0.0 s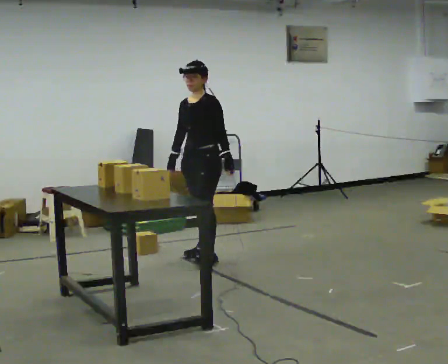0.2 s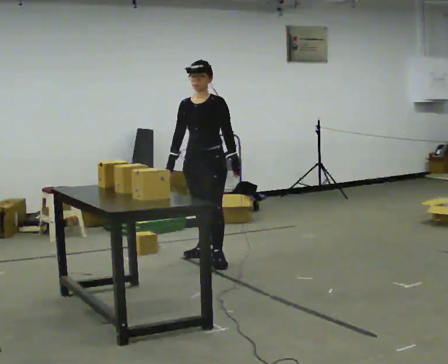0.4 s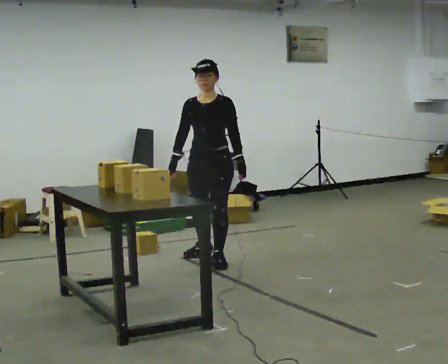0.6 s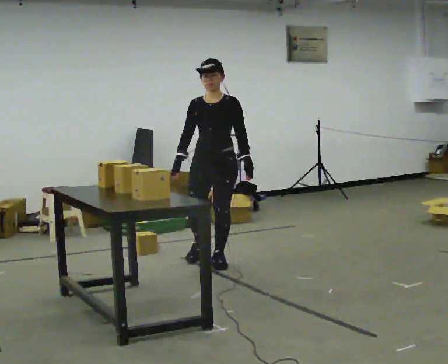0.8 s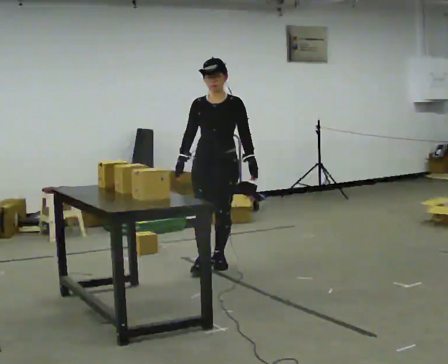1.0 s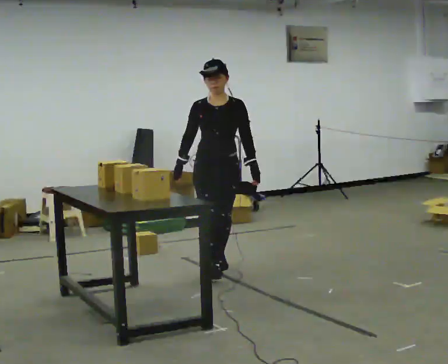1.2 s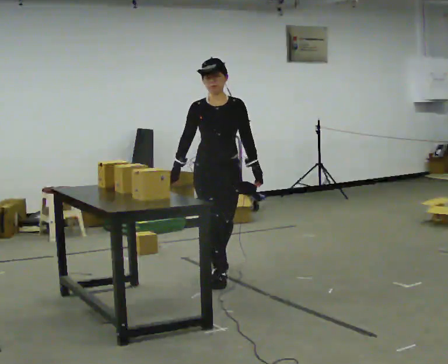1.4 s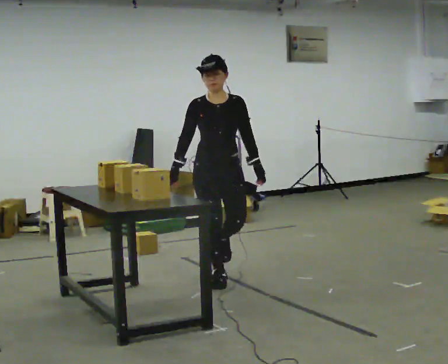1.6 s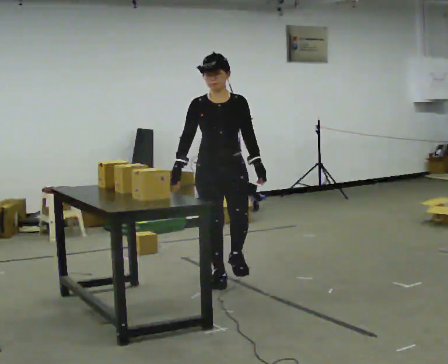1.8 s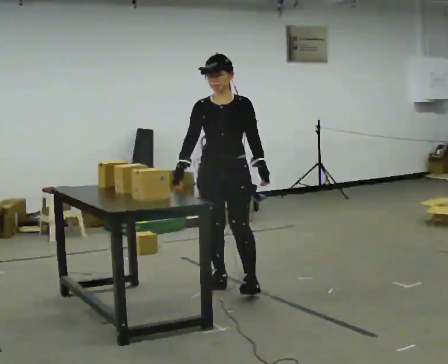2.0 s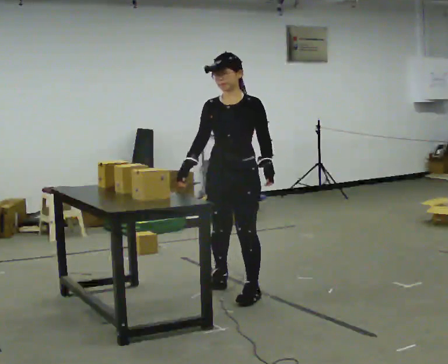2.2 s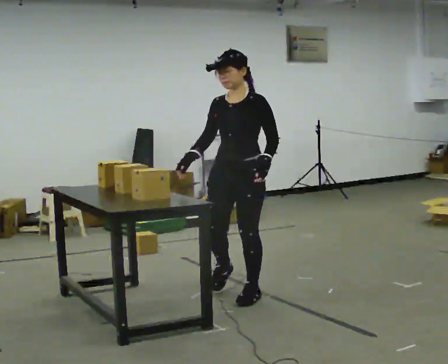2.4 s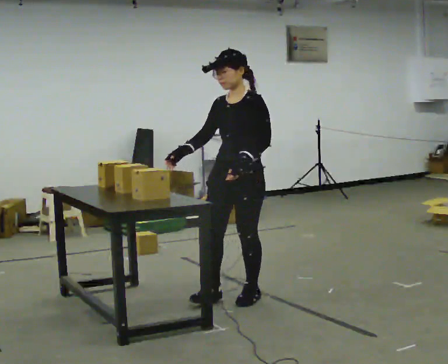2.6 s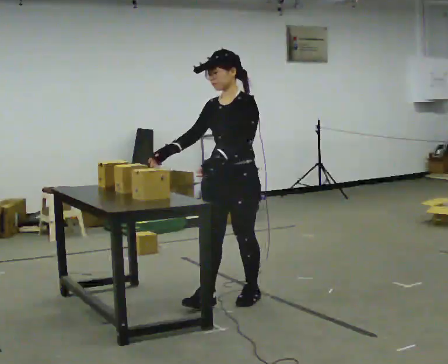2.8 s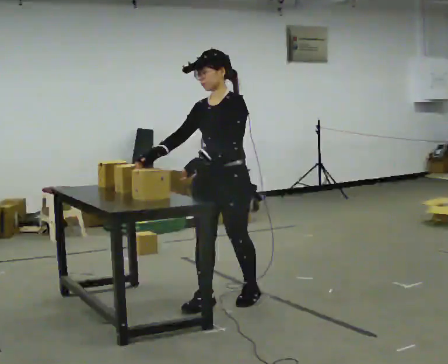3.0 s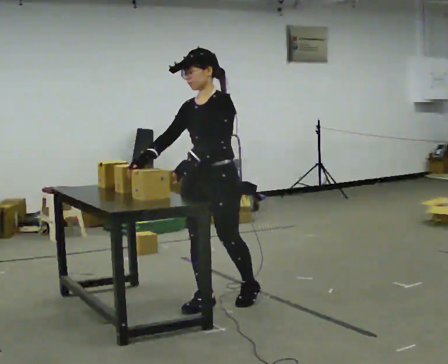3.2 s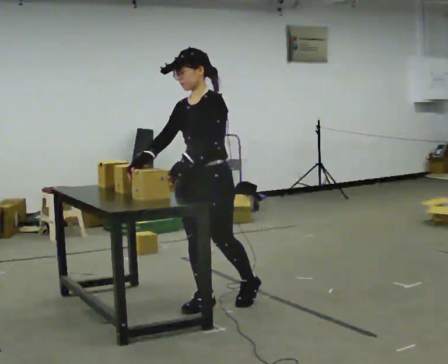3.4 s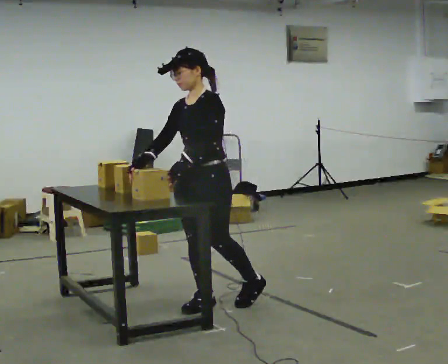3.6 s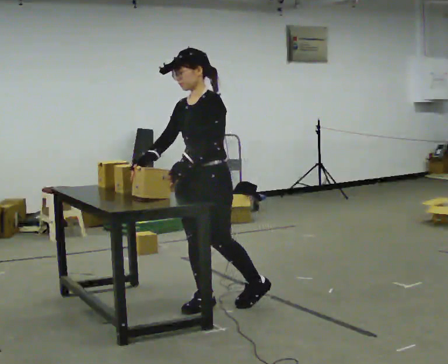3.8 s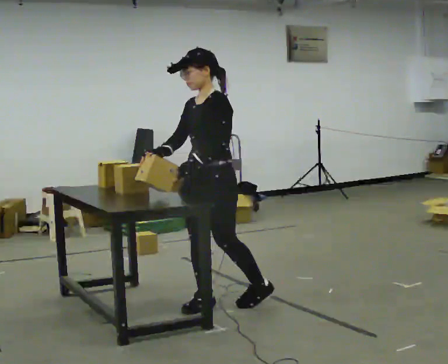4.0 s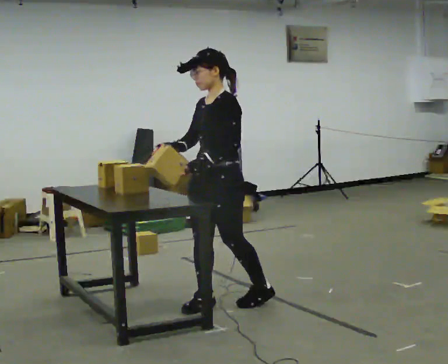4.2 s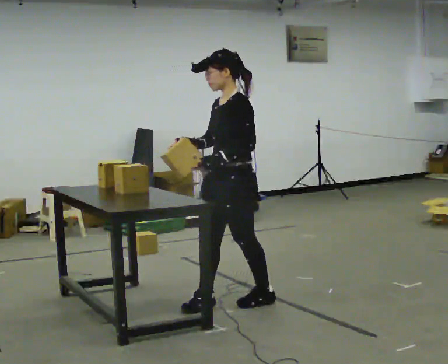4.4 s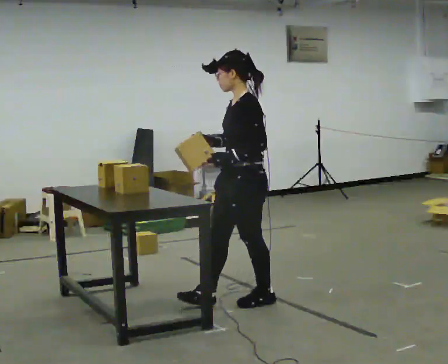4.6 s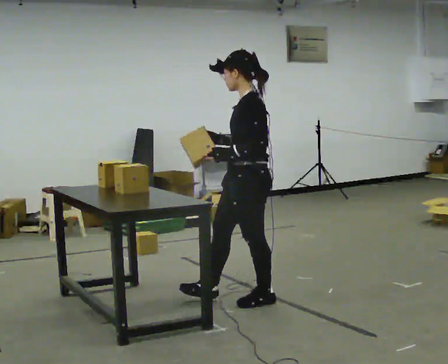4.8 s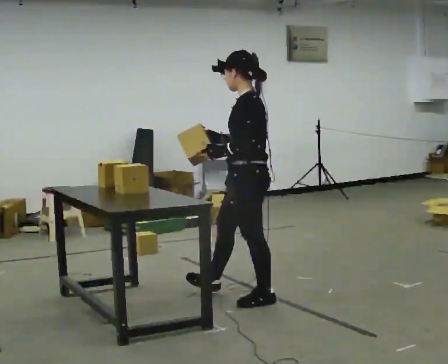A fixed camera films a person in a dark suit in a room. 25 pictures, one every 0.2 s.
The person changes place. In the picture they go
toward the camera.
The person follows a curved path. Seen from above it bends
counterclockwise.
0.0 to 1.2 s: The person turns about 60 degrees to their left, counterclockwise seen from above, so the part of the body nearest the lens slides to the right. In the picture they go toward the camera, about 0.75 m in 2 steps, which for them is forward.
1.2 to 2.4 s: Seen from above the body turns clockwise, about 45 degrees: to their right, with its near side sliding to the left. In the picture they go toward the camera, about 0.5 m in 1 step, which for them is forward.
2.4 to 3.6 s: In the picture they go to the left and toward the camera, about 0.25 m in 2 steps, which for them is forward.
3.6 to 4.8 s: Seen from above the body turns clockwise, about 45 degrees: to their right, with its near side sliding to the left. In the picture they go to the right, about 0.25 m, which for them is backward.
The film runs forward here.
